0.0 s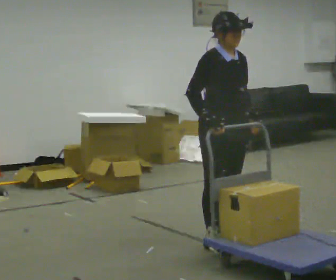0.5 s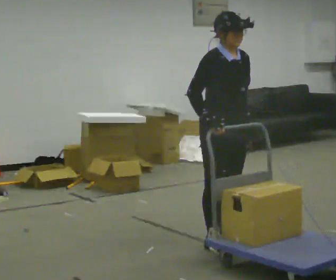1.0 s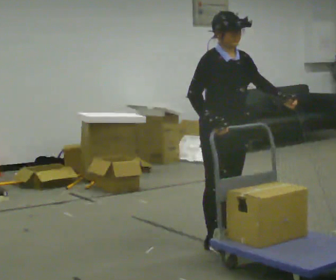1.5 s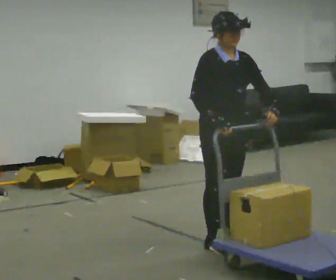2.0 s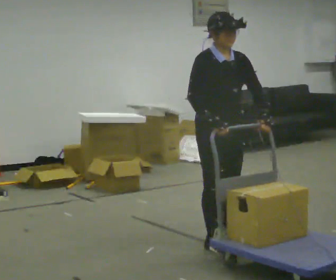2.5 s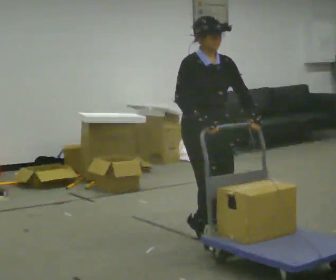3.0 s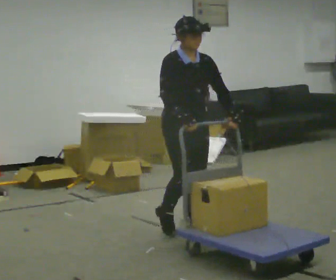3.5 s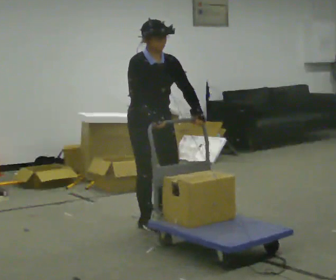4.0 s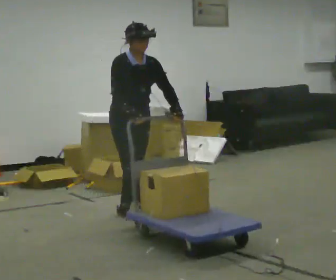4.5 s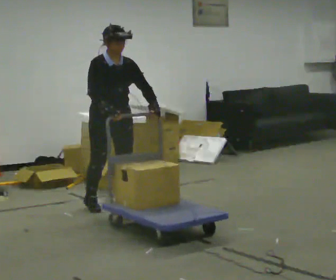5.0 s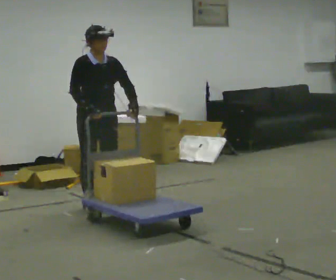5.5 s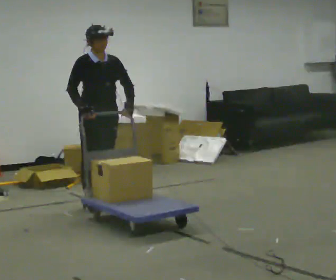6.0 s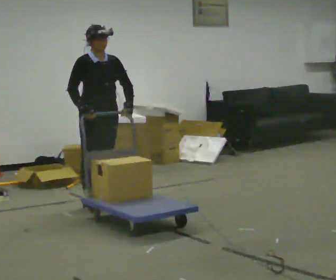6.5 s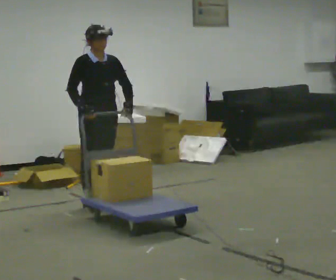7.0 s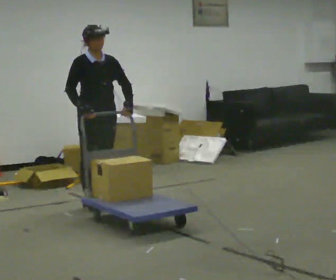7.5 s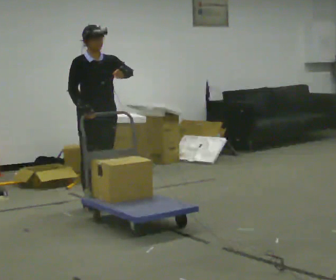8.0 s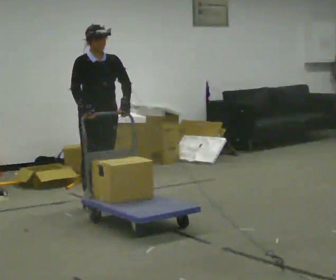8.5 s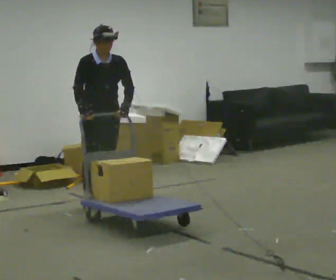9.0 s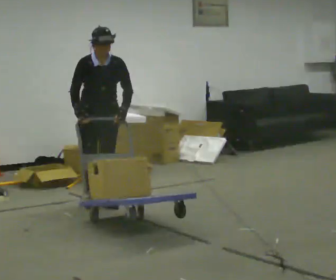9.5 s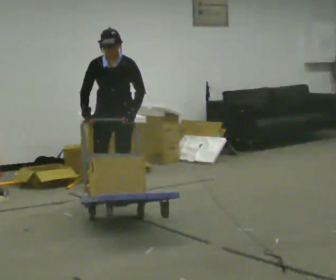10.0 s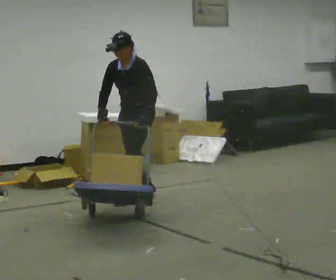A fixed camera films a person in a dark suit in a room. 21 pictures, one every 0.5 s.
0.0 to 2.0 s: The person moves a little, or ends about where they began.
2.0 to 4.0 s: In the picture they go away from the camera and to the left, about 1 m in 4 steps, which for them is backward.
4.0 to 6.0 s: In the picture they go away from the camera and to the left, about 0.5 m in 1 step, which for them is backward.
6.0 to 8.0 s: The person moves a little, or ends about where they began.
8.0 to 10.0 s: The person turns about 75 degrees to their right, clockwise seen from above, so the part of the body nearest the lens slides to the left. In the picture they go to the right and away from the camera, about 0.5 m in 4 steps. The upper body tips toward the camera, its near side rolling downward, as they bend forward.
The film runs backward here.
